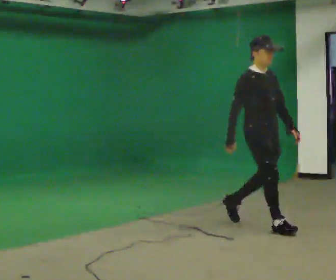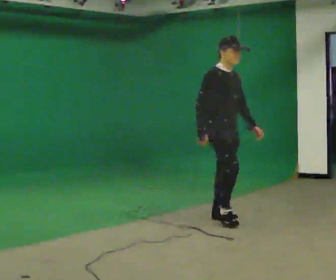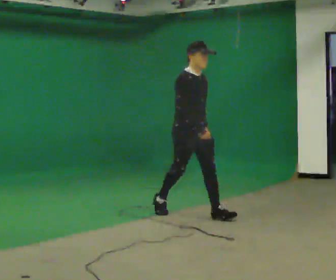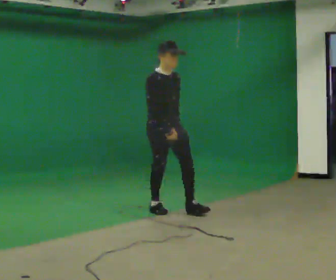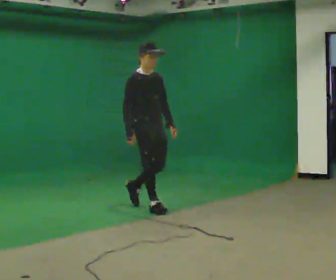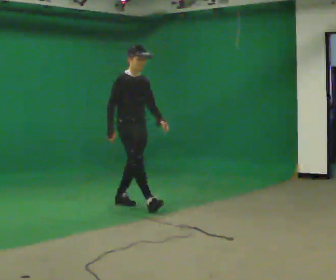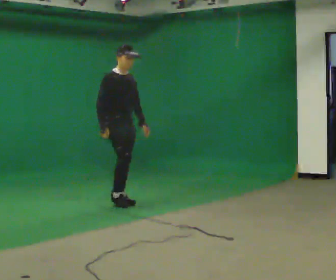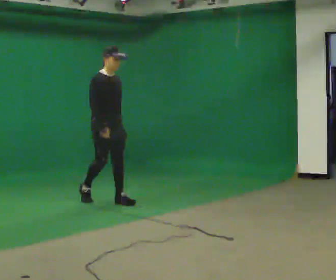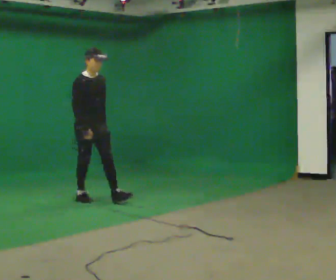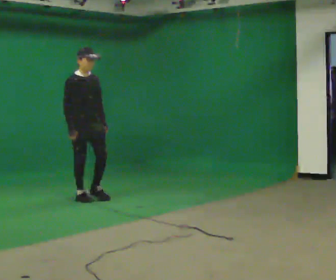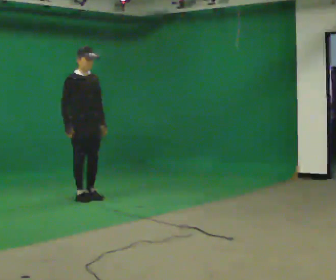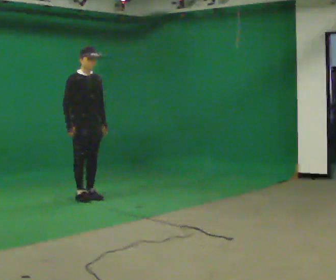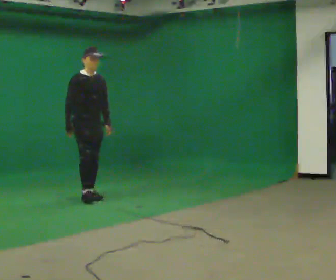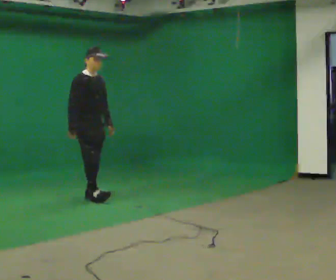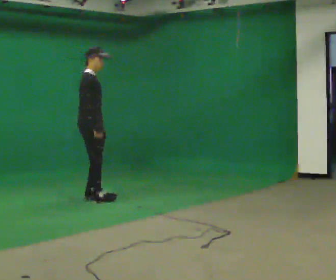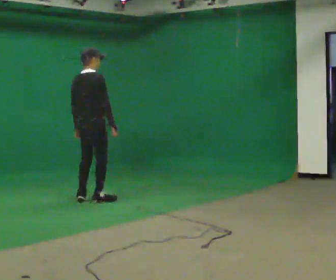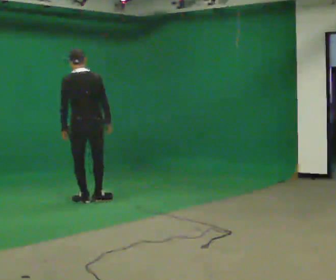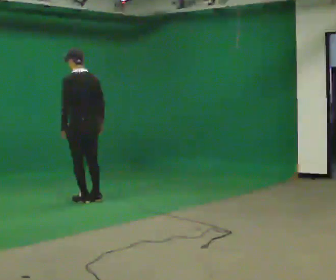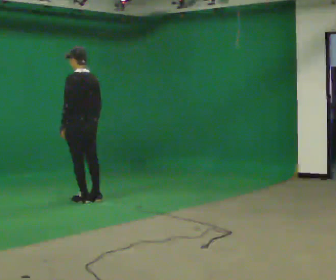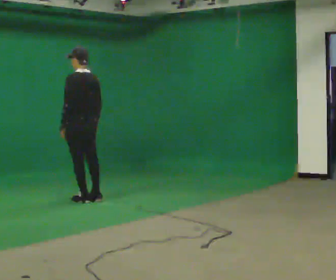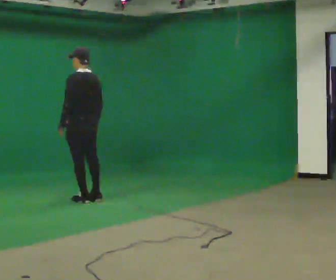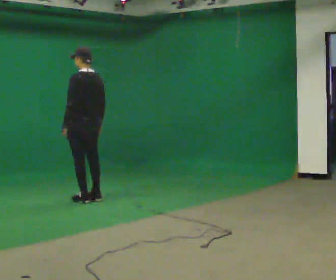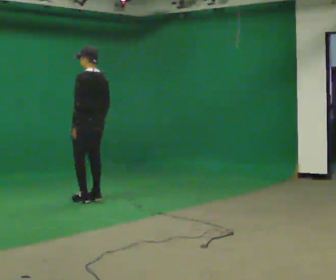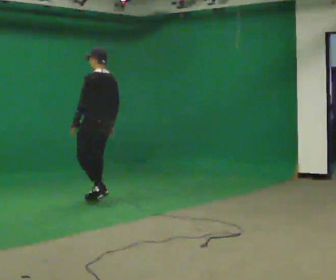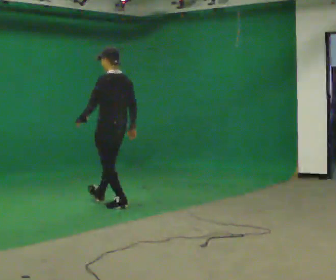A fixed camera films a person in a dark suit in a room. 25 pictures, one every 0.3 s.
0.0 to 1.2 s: In the picture they go away from the camera and to the left, about 1.5 m in 2 steps, which for them is backward.
1.2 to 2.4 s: In the picture they go away from the camera and to the left, about 1 m in 2 steps, which for them is backward.
2.4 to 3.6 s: In the picture they go away from the camera, about 0.25 m in 1 step, which for them is backward.
3.6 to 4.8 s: Seen from above the body turns counterclockwise, about 150 degrees: to their left, with its near side sliding to the right. In the picture they go toward the camera, about 0.25 m in 1 step. In the picture their right hand goes to the right, the arm swinging counterclockwise.
4.8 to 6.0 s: The person turns about 30 degrees to their left, counterclockwise seen from above, so the part of the body nearest the lens slides to the right.
6.0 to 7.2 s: In the picture they go to the right and toward the camera, about 0.5 m in 2 steps, which for them is backward.
The film runs backward here.
